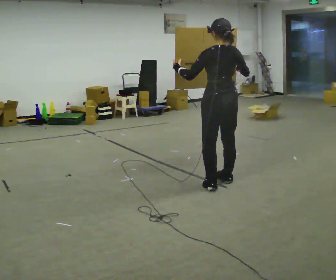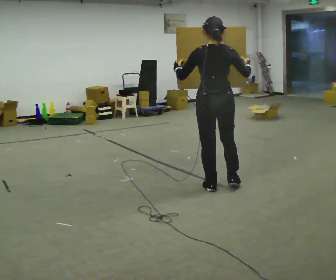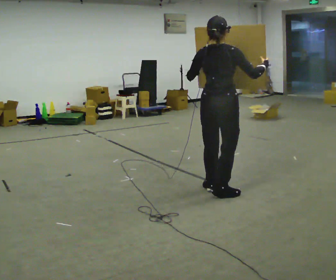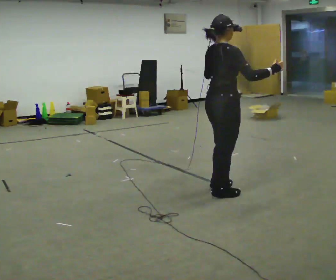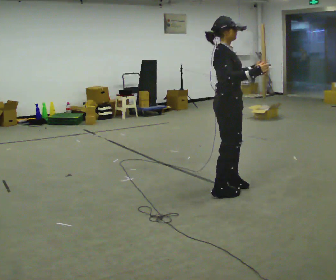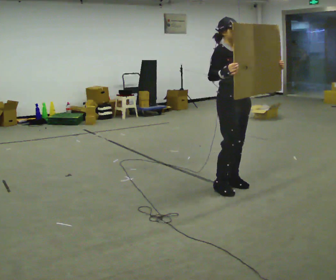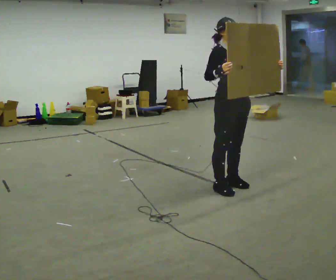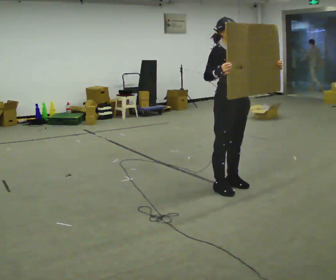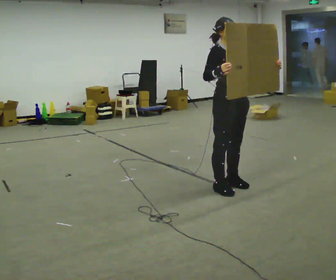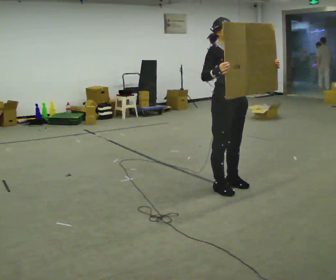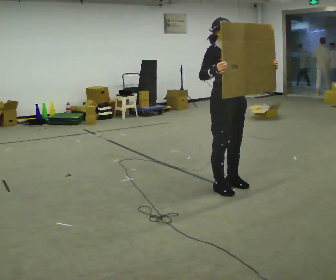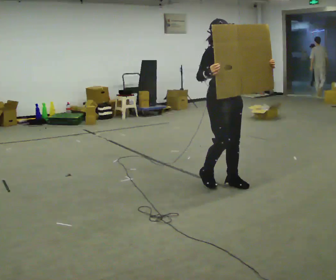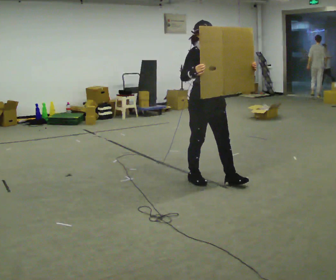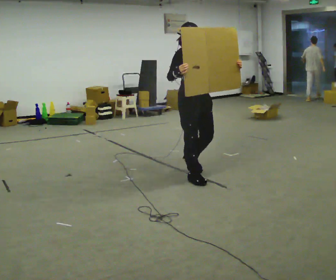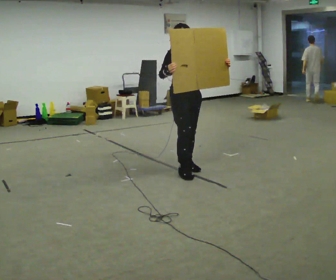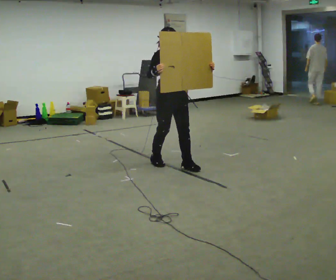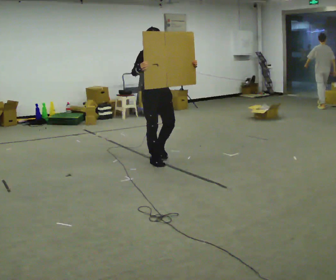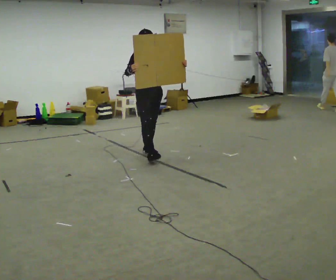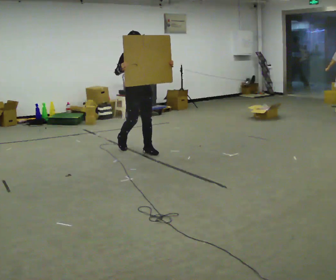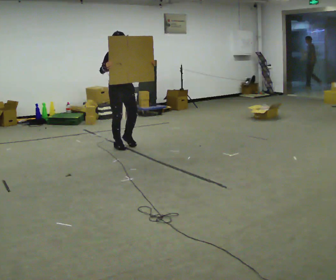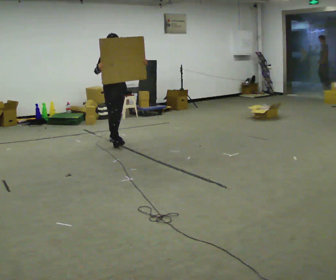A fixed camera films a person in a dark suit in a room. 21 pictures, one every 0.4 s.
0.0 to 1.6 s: The person turns about 120 degrees to their right, clockwise seen from above, so the part of the body nearest the lens slides to the left.
1.6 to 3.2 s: The person turns about 45 degrees to their right, clockwise seen from above, so the part of the body nearest the lens slides to the left.
3.2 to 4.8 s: In the picture they go to the left and away from the camera, about 0.25 m in 2 steps, which for them is backward.
4.8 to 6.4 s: In the picture they go to the left and away from the camera, about 1 m in 2 steps, which for them is backward.
6.4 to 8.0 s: In the picture they go to the left and away from the camera, about 1 m in 3 steps, which for them is backward.
The film runs backward here.
